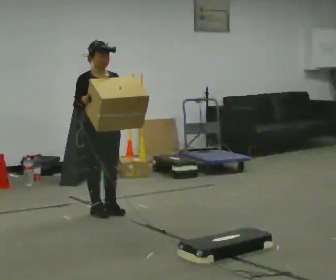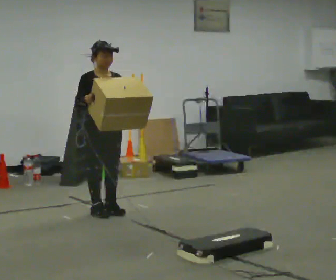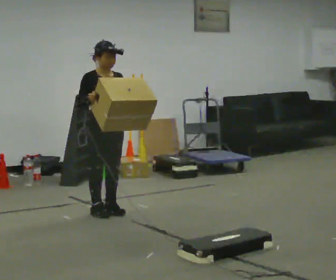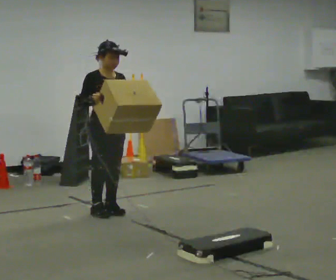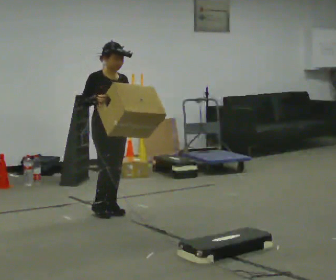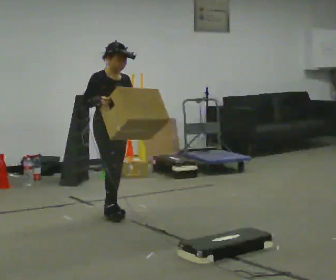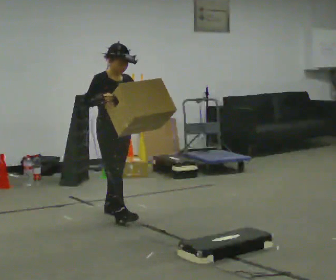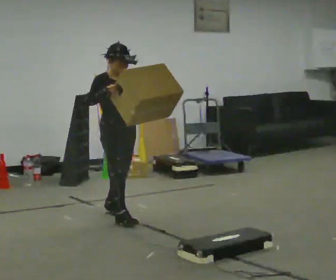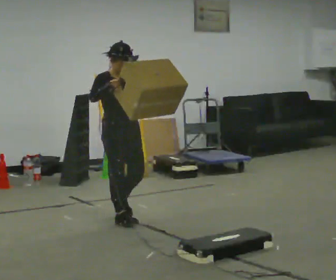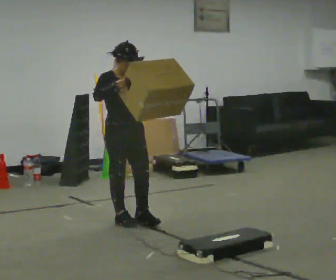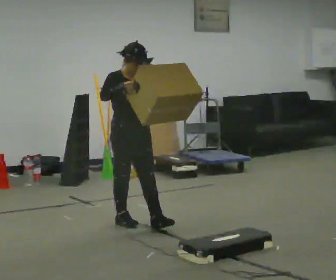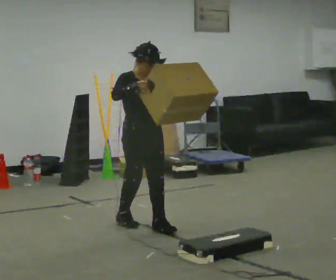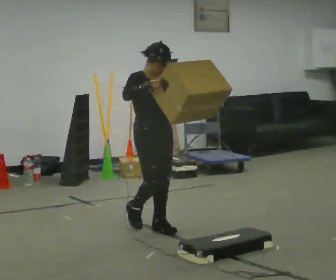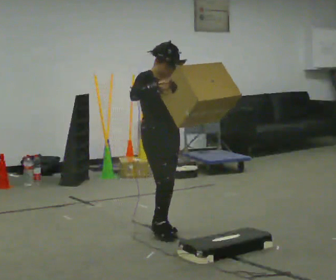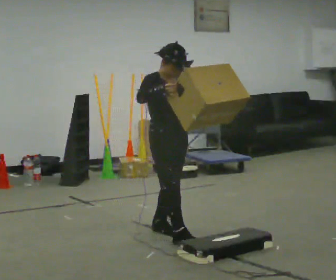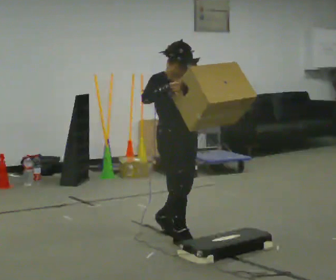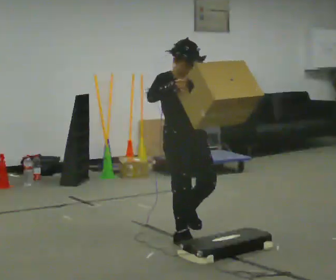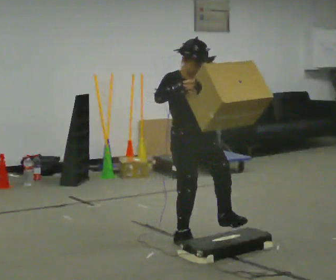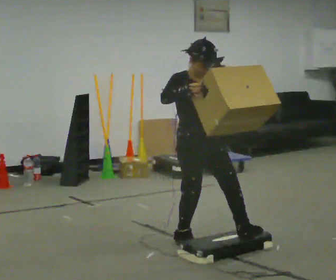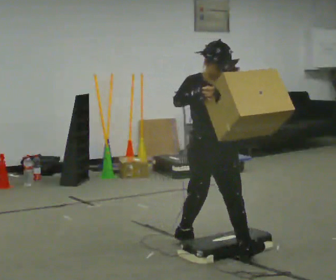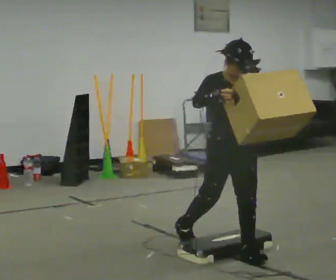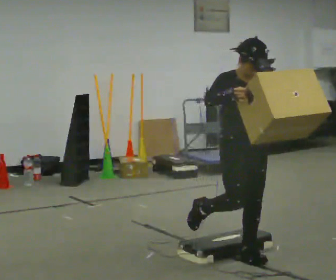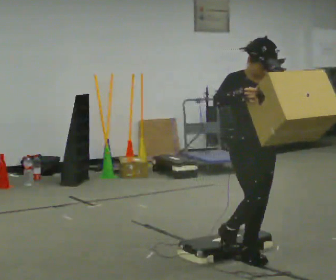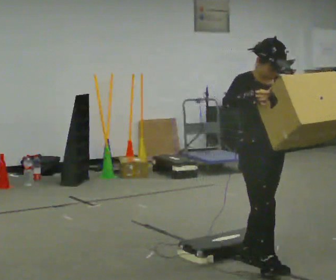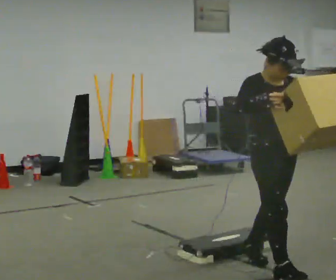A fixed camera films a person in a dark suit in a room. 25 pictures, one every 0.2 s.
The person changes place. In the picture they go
toward the camera.
0.0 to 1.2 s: The person moves a little, or ends about where they began.
1.2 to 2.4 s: In the picture they go toward the camera and to the right, about 0.5 m in 1 step, which for them is forward.
2.4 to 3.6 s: In the picture they go toward the camera and to the right, about 0.5 m in 1 step, which for them is forward.
3.6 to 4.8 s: In the picture they go toward the camera and to the right, about 0.5 m in 2 steps, which for them is forward.
The film runs forward here.
